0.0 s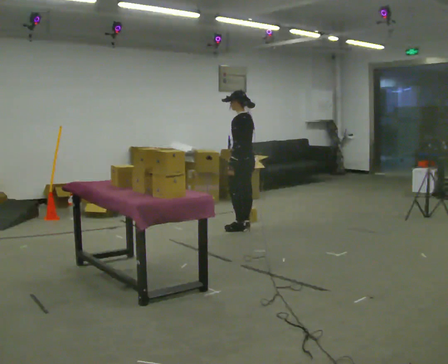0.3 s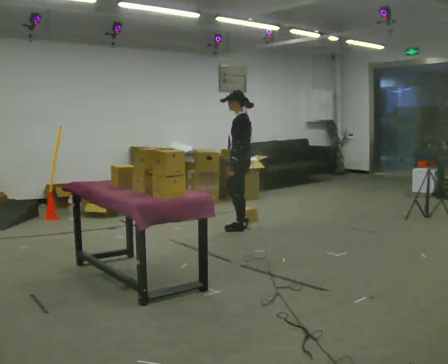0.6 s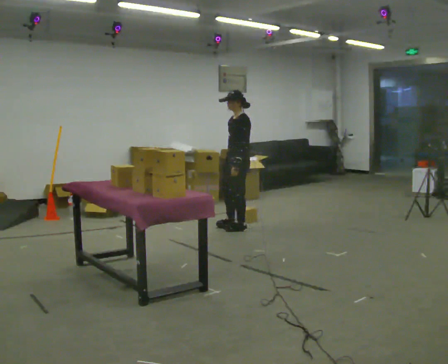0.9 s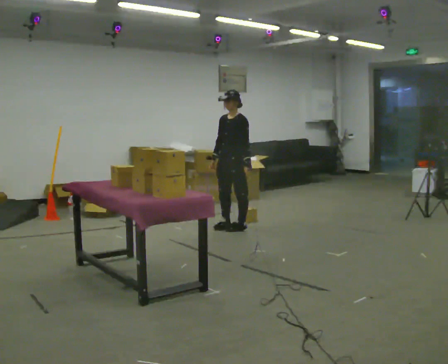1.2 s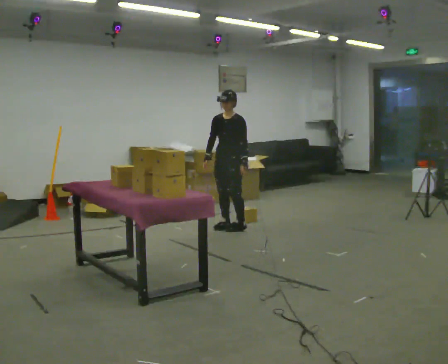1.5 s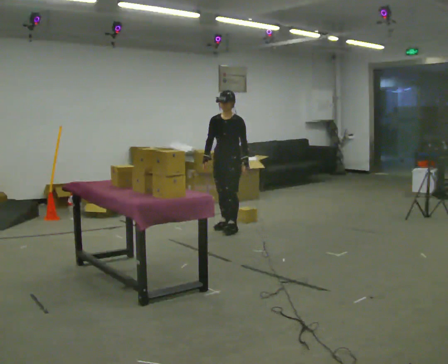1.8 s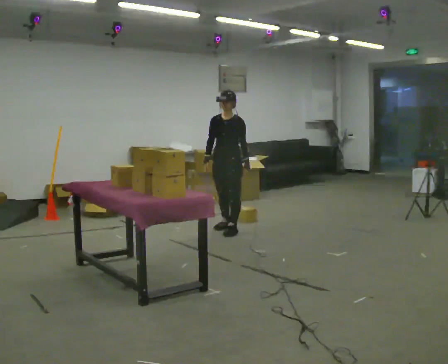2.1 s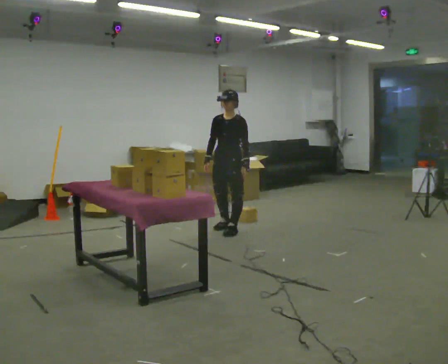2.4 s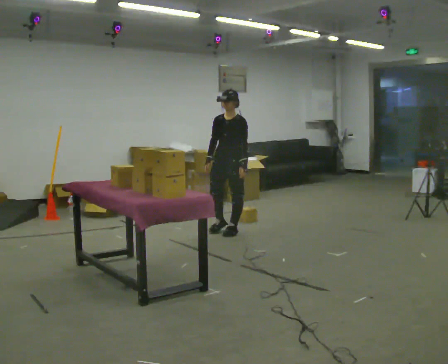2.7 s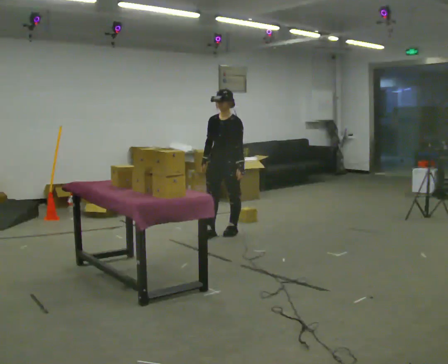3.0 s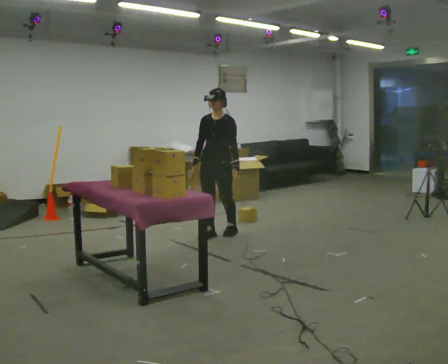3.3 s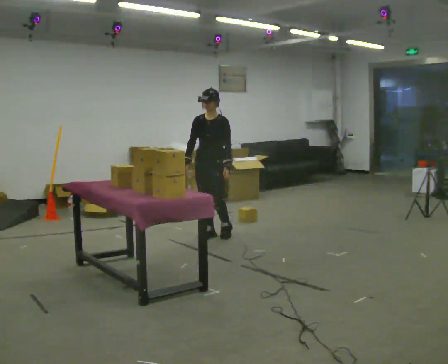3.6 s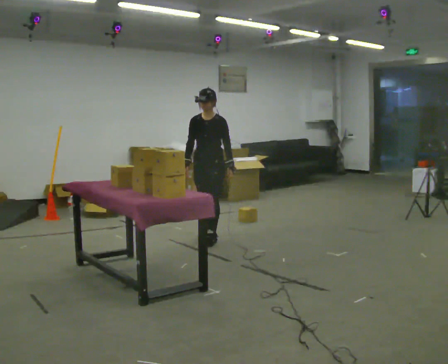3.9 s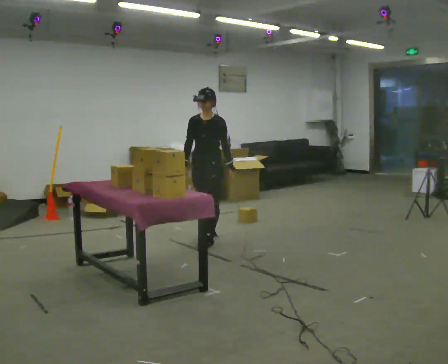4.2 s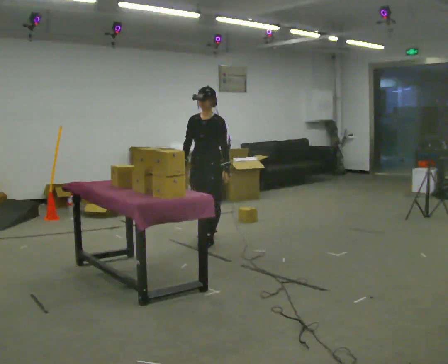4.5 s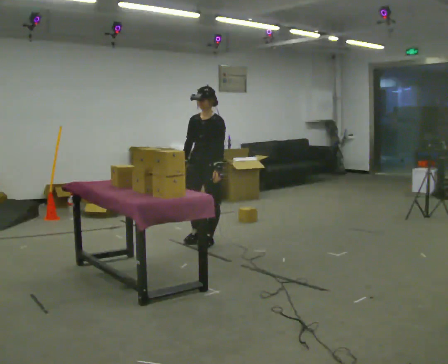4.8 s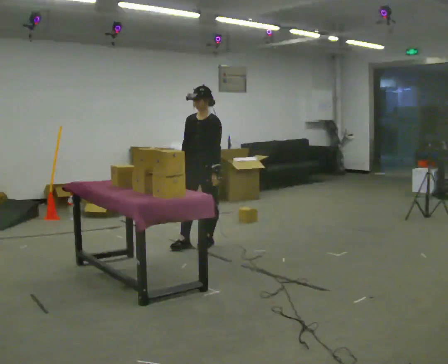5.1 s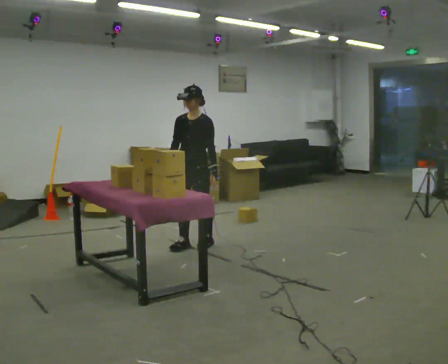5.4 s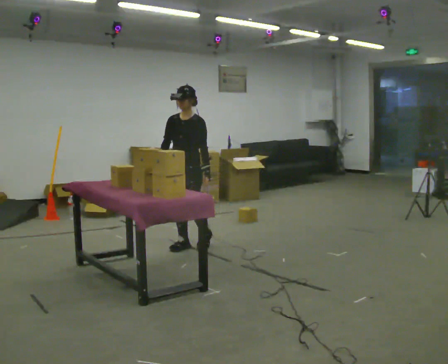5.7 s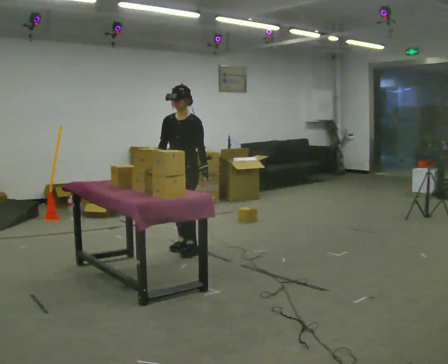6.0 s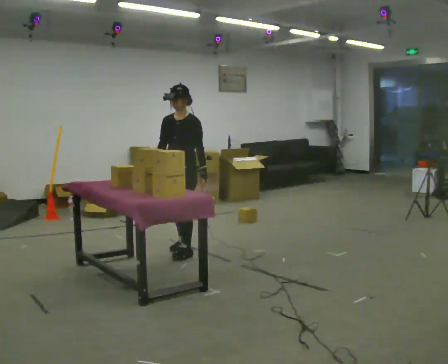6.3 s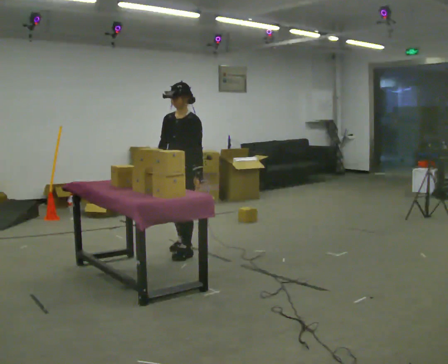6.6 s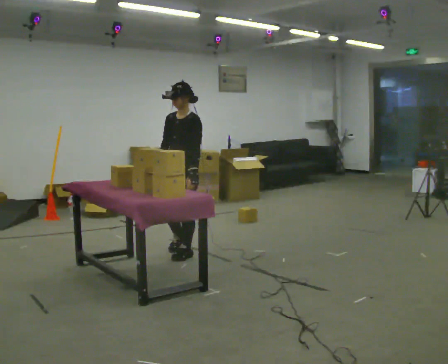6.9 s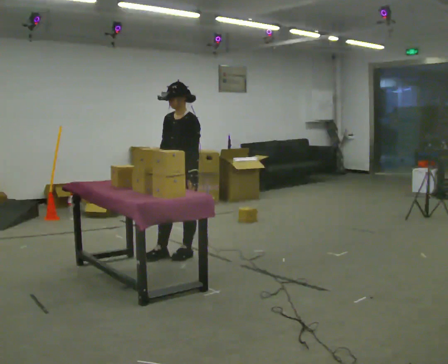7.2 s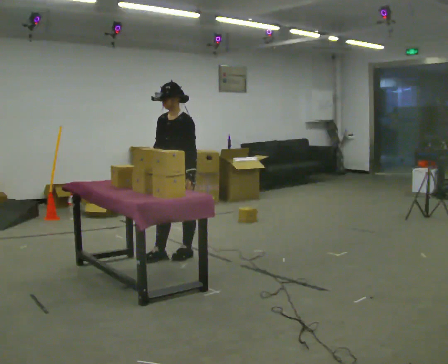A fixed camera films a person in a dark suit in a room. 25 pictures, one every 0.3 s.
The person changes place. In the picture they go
toward the camera.
0.0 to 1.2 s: The person turns about 90 degrees to their left, counterclockwise seen from above, so the part of the body nearest the lens slides to the right. In the picture they go to the left, about 0.25 m in 1 step. In the picture their right hand goes to the left.
1.2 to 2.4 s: In the picture they go toward the camera, about 0.25 m in 1 step, which for them is forward.
2.4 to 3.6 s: In the picture they go to the left and toward the camera, about 0.25 m in 1 step, which for them is forward and to their right.
3.6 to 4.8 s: In the picture they go toward the camera, about 0.25 m in 1 step, which for them is forward.
4.8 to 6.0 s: In the picture they go toward the camera and to the left, about 0.25 m in 2 steps, which for them is forward.
6.0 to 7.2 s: In the picture they go toward the camera, about 0.25 m in 1 step, which for them is forward and to their left.
The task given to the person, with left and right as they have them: Take the objects from the bin one at a time and put one in each of the places the operator points out. Keep going until the operator says stop; one object at a time, and do not rush between trips.
The film runs forward here.
